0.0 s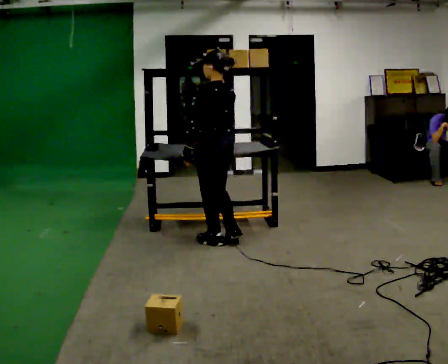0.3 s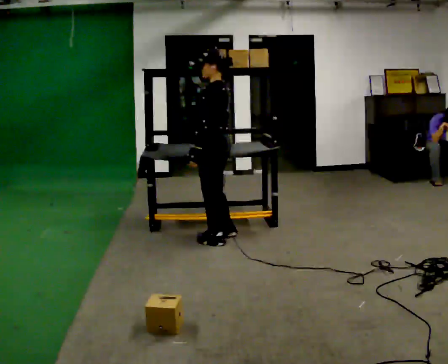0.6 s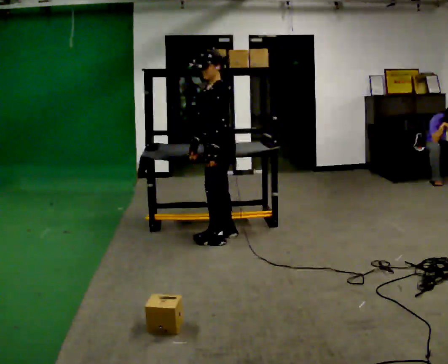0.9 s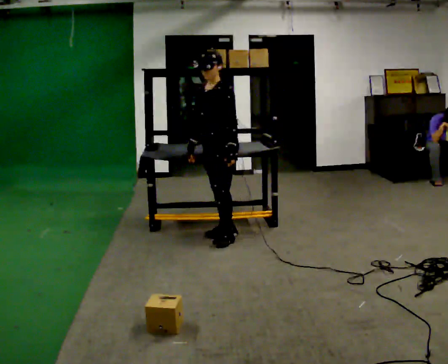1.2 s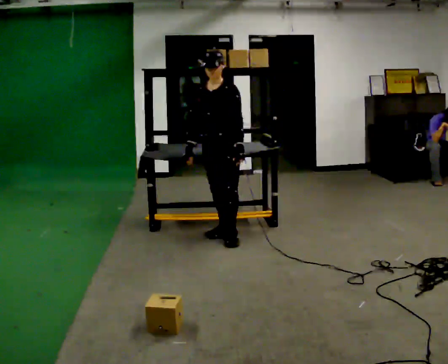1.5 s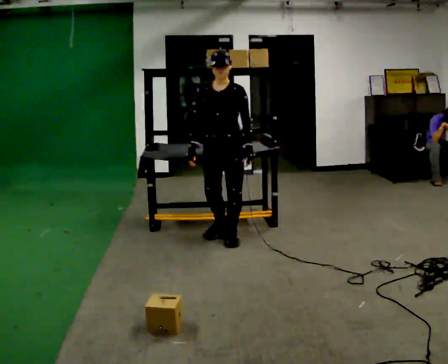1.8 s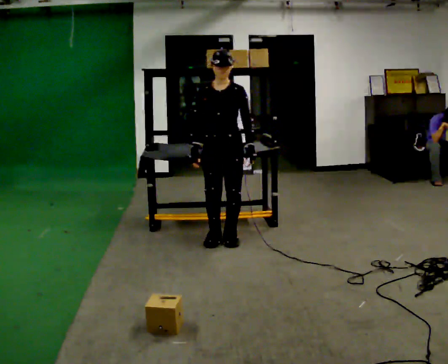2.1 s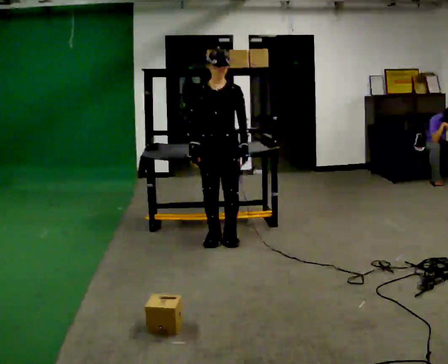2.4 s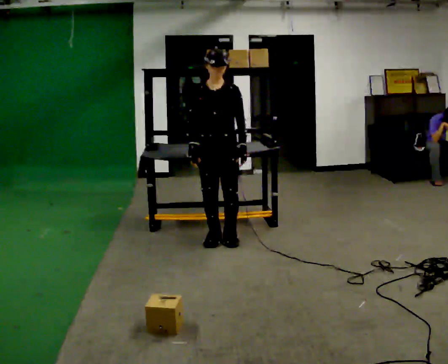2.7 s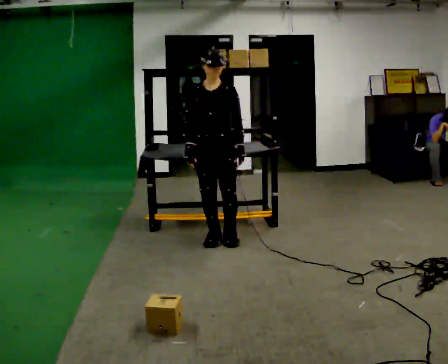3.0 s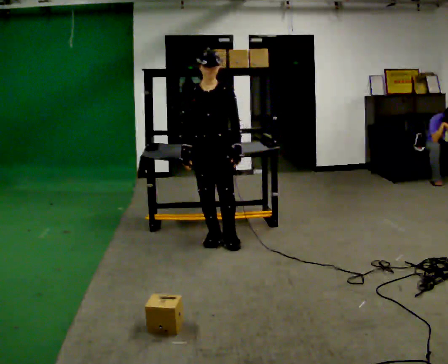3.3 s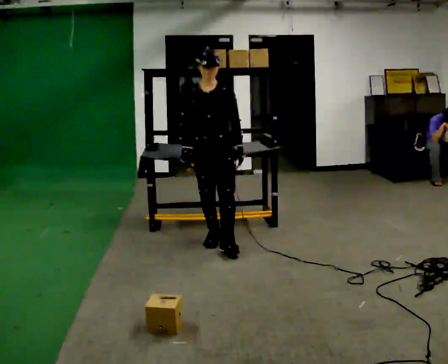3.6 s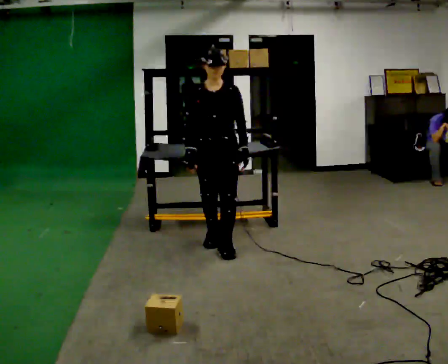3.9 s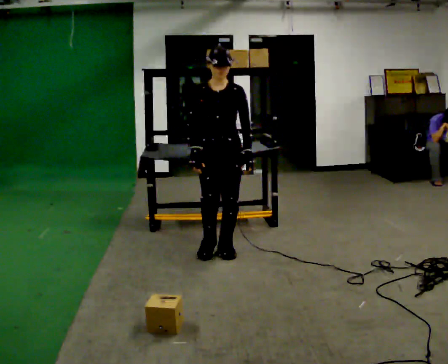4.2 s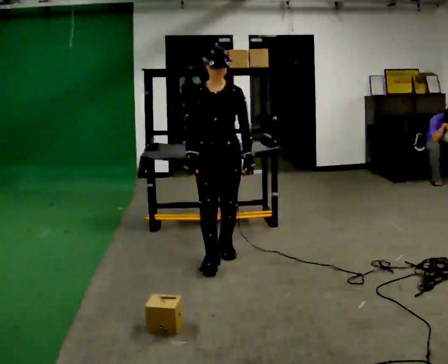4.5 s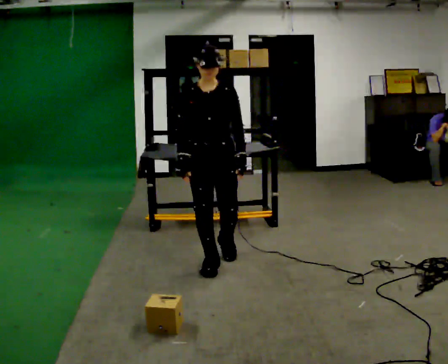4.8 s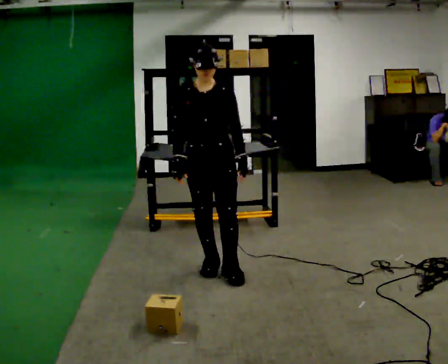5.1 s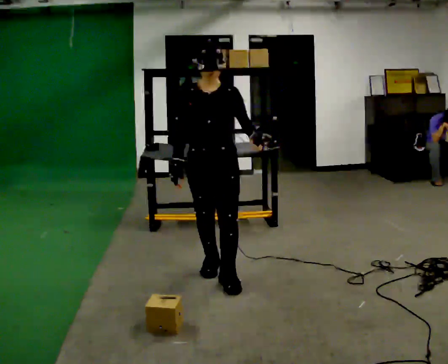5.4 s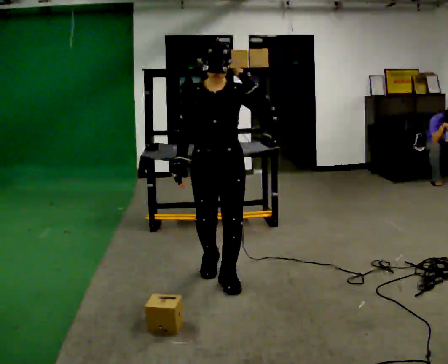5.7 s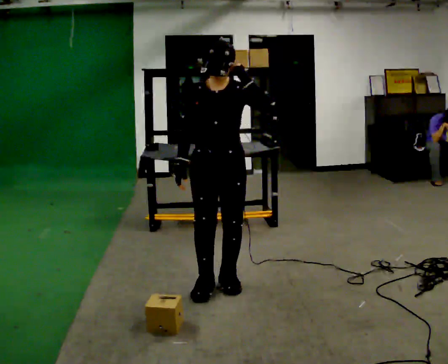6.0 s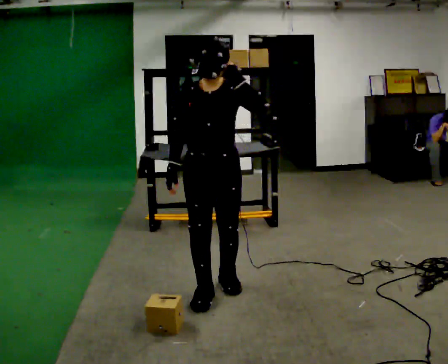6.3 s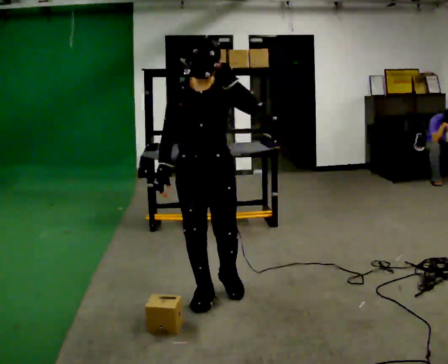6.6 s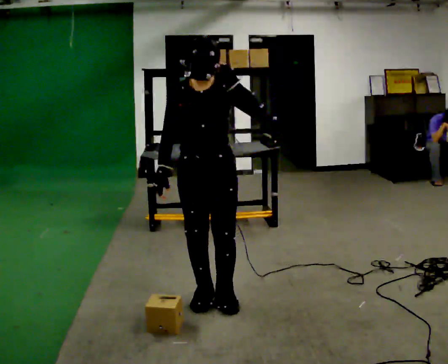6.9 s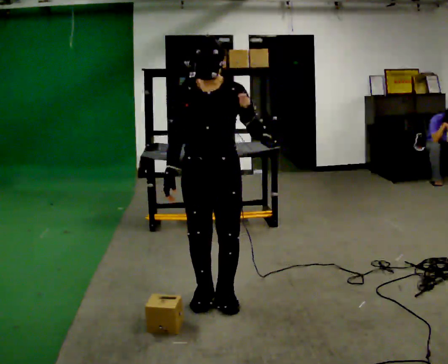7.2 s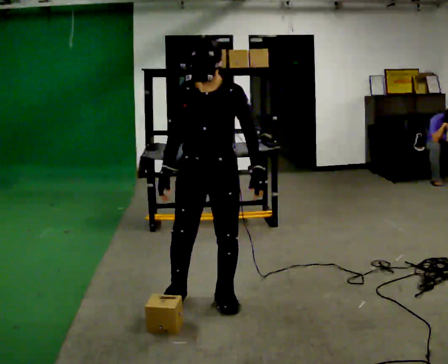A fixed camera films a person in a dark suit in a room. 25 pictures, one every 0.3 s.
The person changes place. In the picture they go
toward the camera.
The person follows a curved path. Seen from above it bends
counterclockwise.
0.0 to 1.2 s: Seen from above the body turns counterclockwise, about 105 degrees: to their left, with its near side sliding to the right. In the picture their left hand goes to the right, the arm swinging counterclockwise.
1.2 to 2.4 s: The person moves a little, or ends about where they began.
2.4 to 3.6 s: In the picture they go toward the camera, about 0.25 m in 1 step, which for them is forward.
3.6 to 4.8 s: In the picture they go toward the camera, about 0.5 m in 1 step, which for them is forward.
4.8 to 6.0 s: In the picture they go toward the camera, about 0.5 m in 2 steps, which for them is forward. In the picture their left hand goes upward.
6.0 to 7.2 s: In the picture their left hand goes downward.
The film runs forward here.
